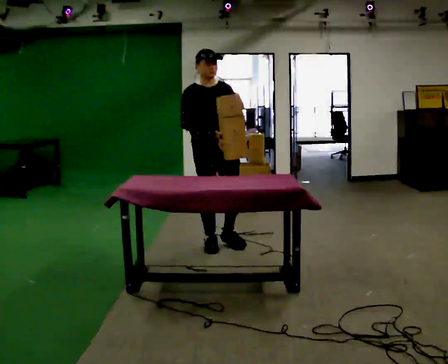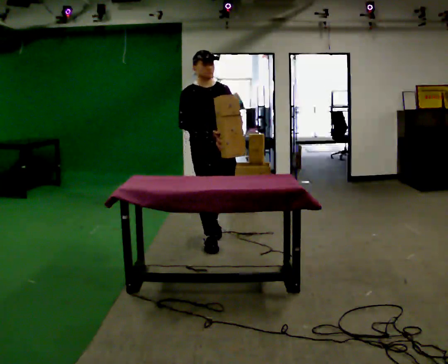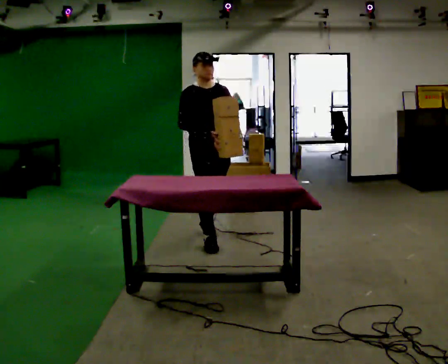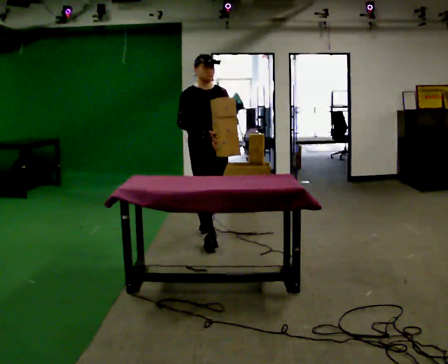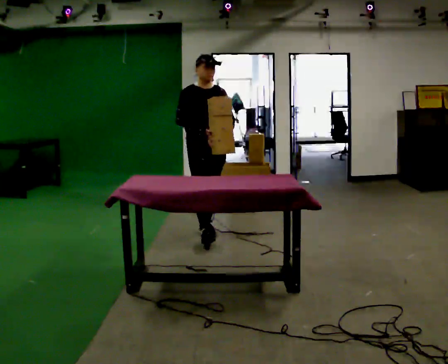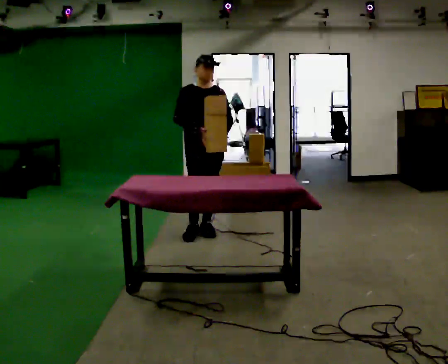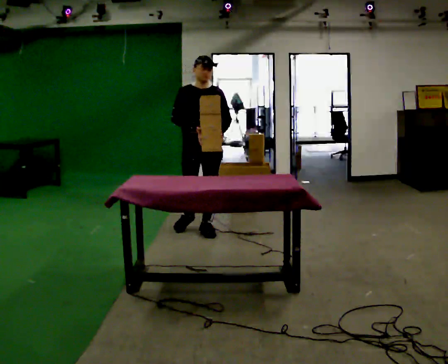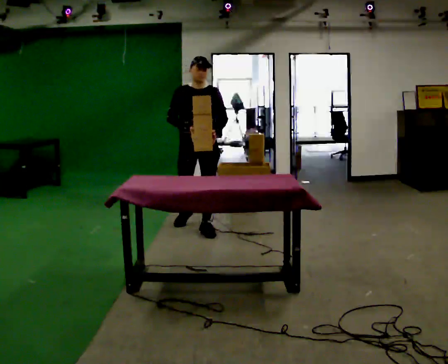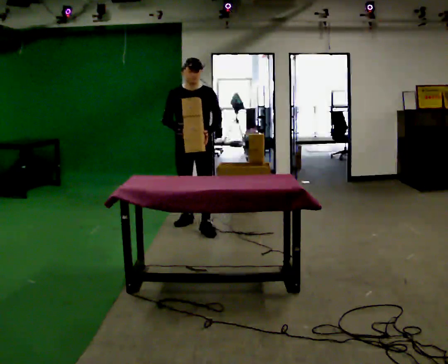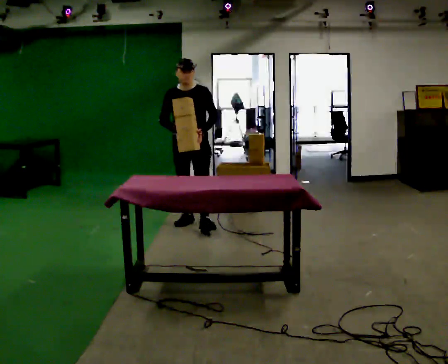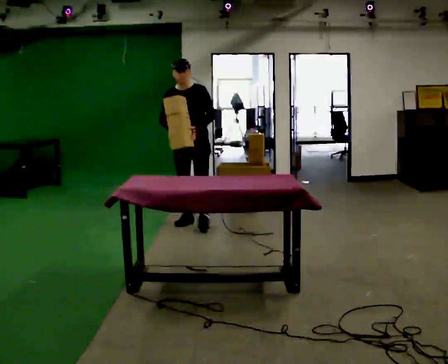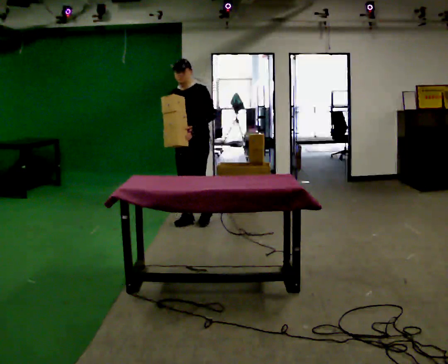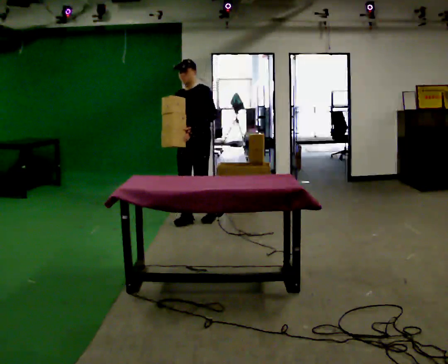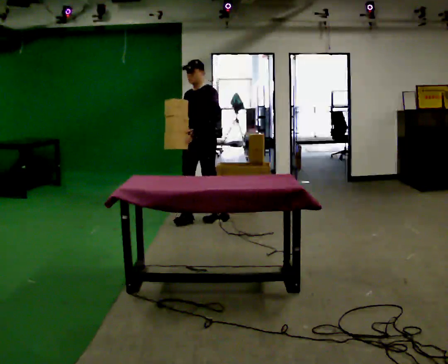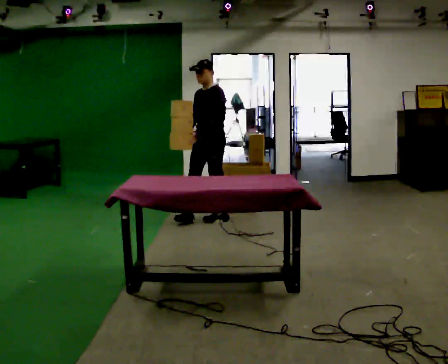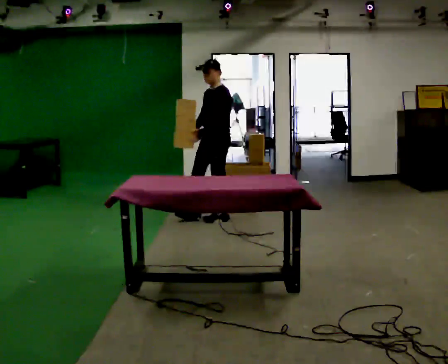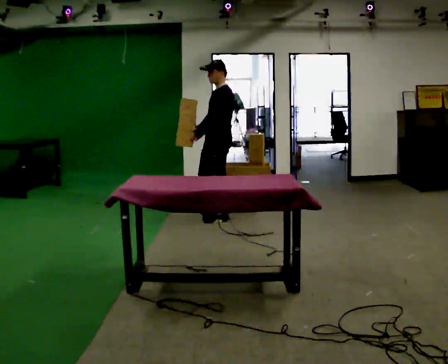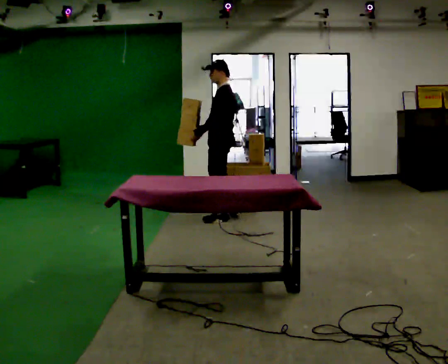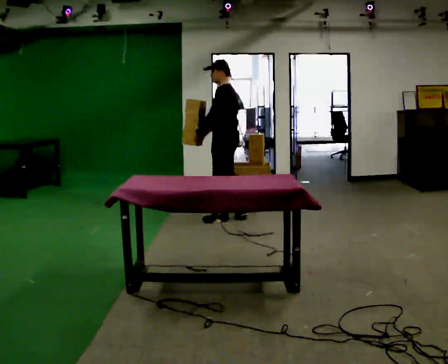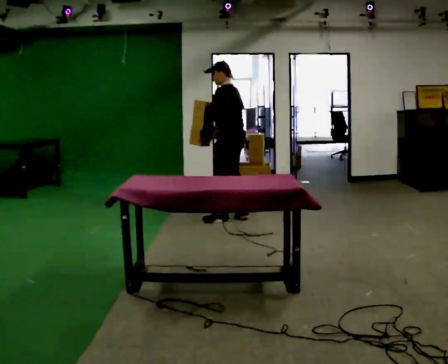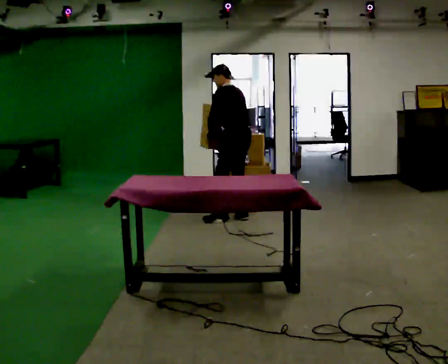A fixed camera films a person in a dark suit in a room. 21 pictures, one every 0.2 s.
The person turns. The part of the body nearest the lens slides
to the left.
The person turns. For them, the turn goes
to their right.
0.0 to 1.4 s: In the picture they go away from the camera, about 0.5 m in 1 step, which for them is backward.
1.4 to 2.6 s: Seen from above the body turns clockwise, about 45 degrees: to their right, with its near side sliding to the left. In the picture they go away from the camera, about 0.25 m in 1 step, which for them is backward.
2.6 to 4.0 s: The part of the body nearest the lens slides to the left as the person turns to their right by about 75 degrees. In the picture they go to the right, about 0.5 m in 1 step.
The film runs backward here.
